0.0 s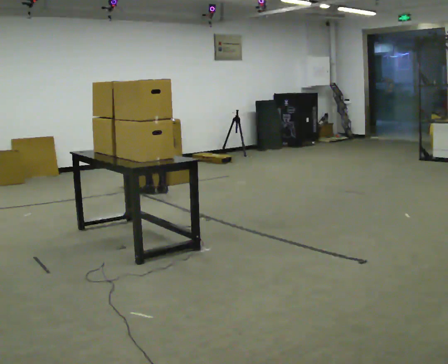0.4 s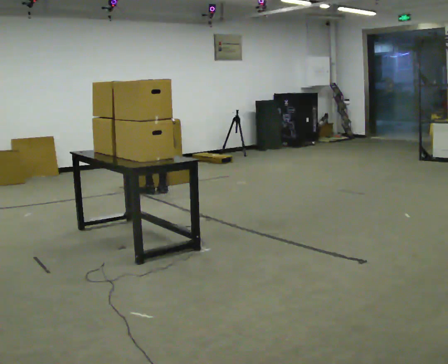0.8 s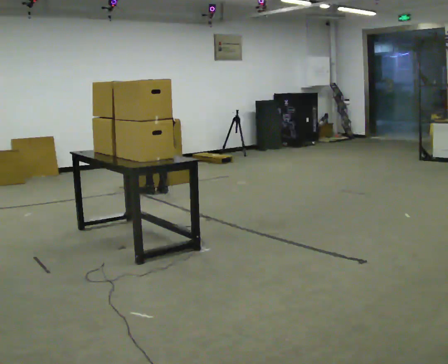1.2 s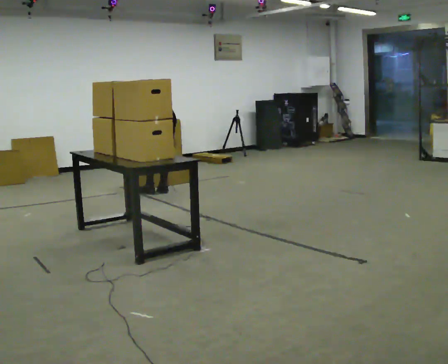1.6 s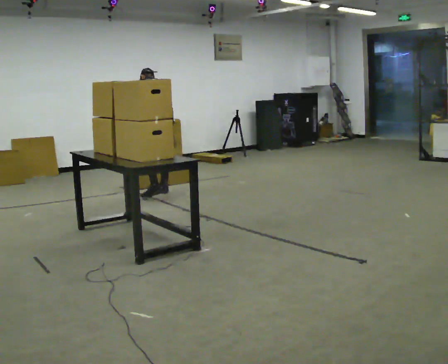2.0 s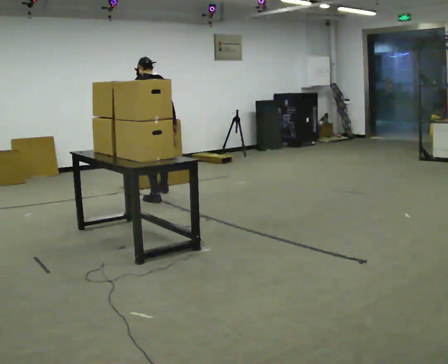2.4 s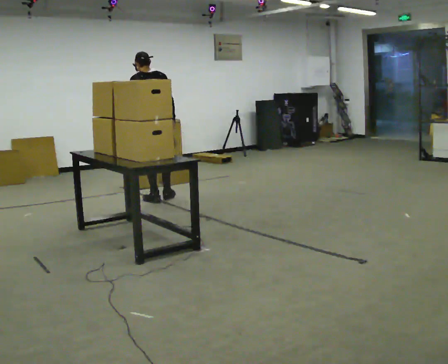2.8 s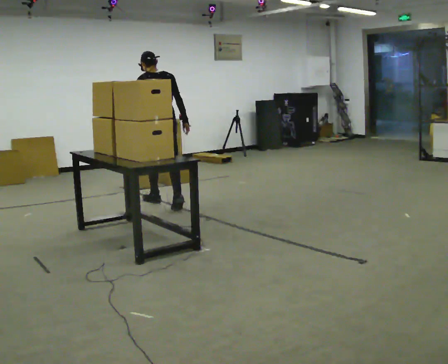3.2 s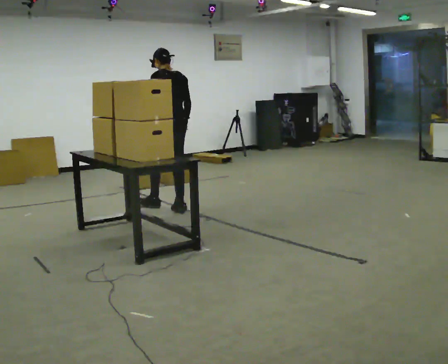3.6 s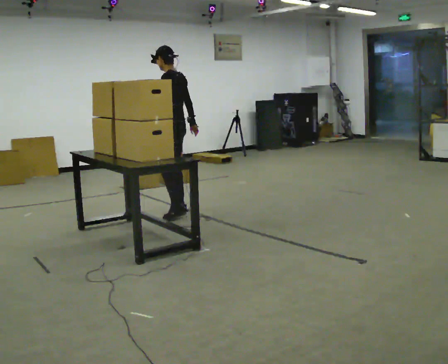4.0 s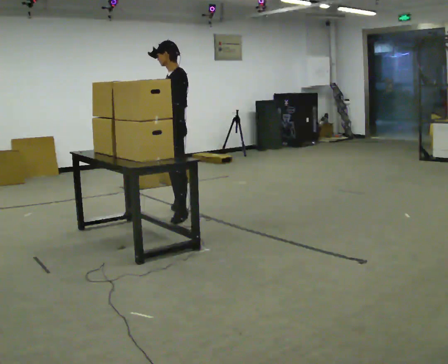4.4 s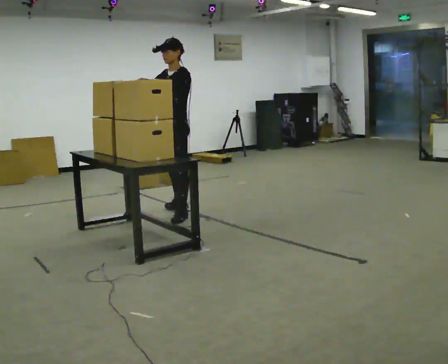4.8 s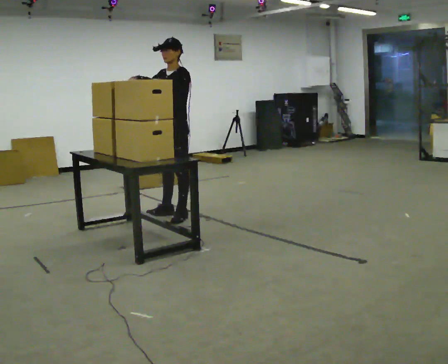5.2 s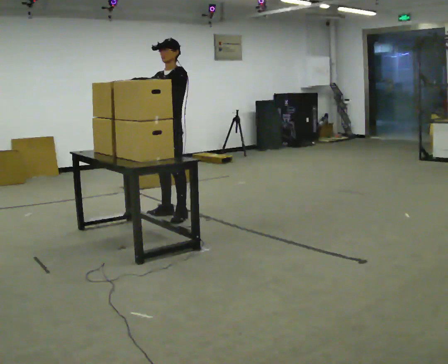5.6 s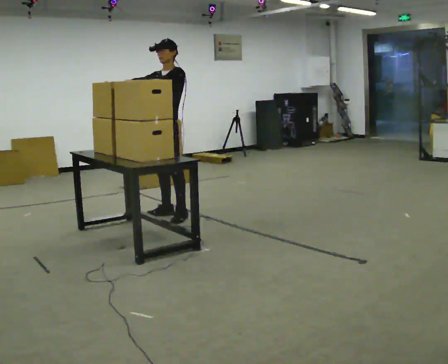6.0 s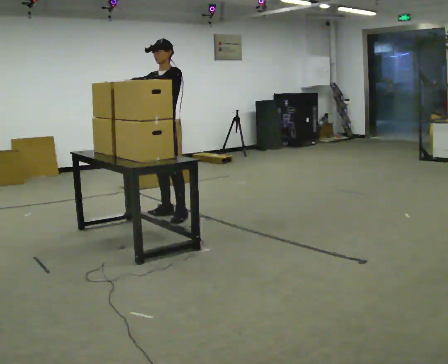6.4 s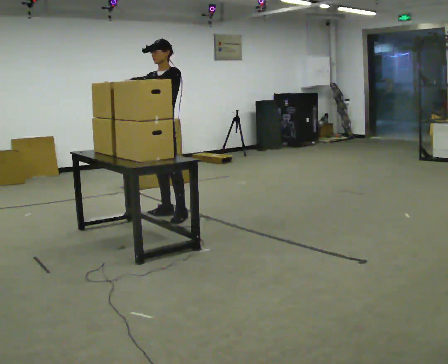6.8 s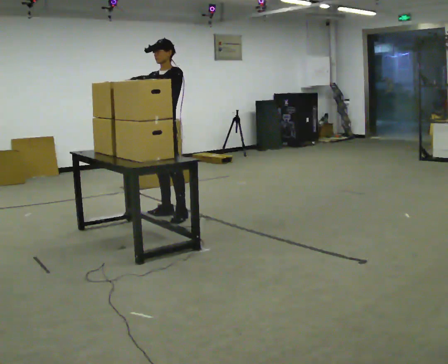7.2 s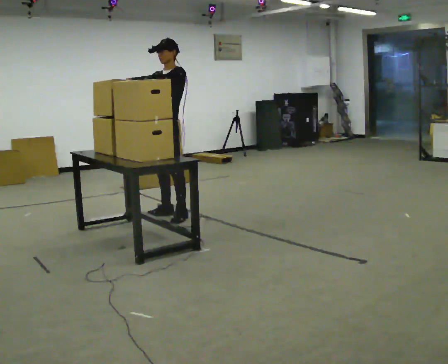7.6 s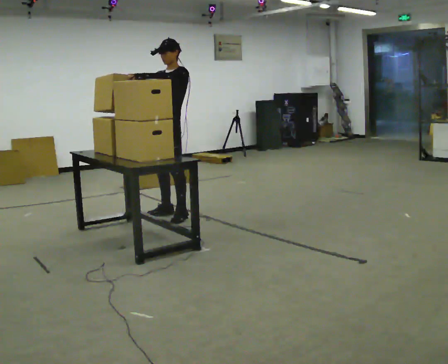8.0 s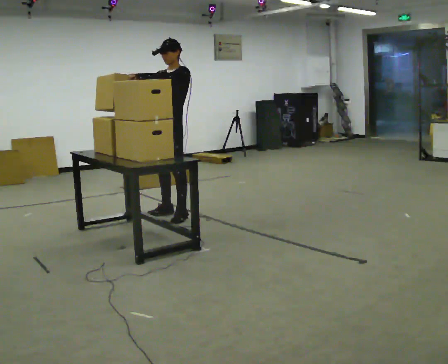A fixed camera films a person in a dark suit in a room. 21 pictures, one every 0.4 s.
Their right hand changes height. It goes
upward.
The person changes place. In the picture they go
toward the camera.
0.0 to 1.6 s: The shoulders move upward. The upper body tips toward the camera, its near side rolling downward, as they lean back or straighten. In the picture their left hand goes upward.
1.6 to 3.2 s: In the picture they go toward the camera, about 0.5 m in 2 steps, which for them is backward. The upper body tips toward the camera, its near side rolling downward, as they lean back or straighten.
3.2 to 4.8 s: The person turns about 90 degrees to their left, counterclockwise seen from above, so the part of the body nearest the lens slides to the right. In the picture they go toward the camera, about 0.25 m in 1 step. The upper body tips toward the camera, its near side rolling downward. In the picture their right hand goes upward, the arm swinging clockwise.
4.8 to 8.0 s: The person moves a little, or ends about where they began.
The film runs backward here.
